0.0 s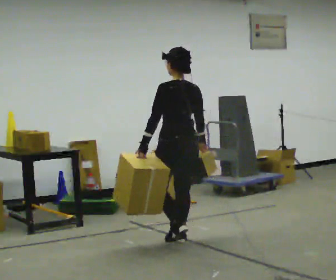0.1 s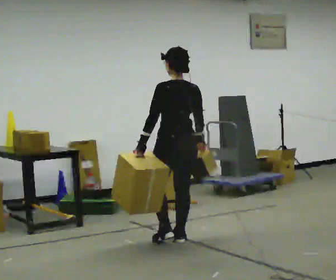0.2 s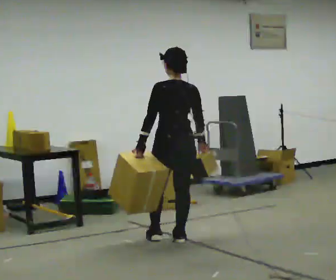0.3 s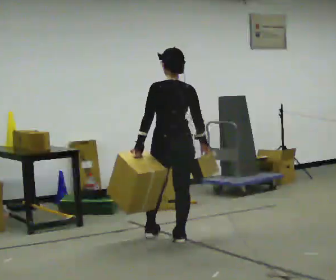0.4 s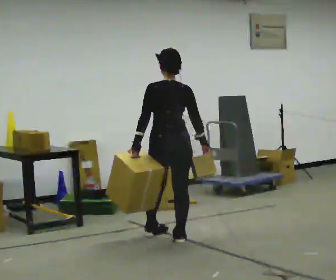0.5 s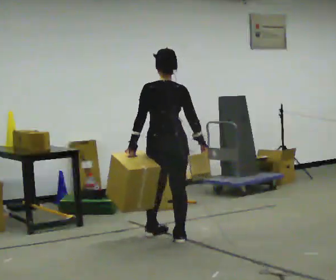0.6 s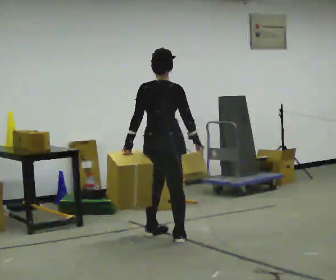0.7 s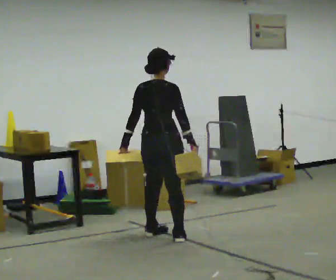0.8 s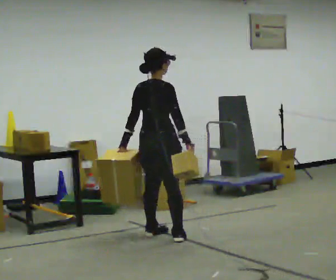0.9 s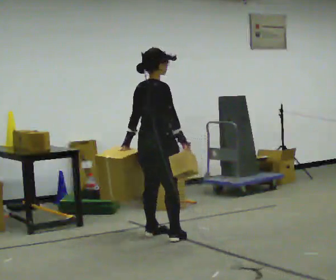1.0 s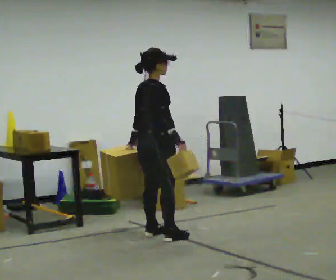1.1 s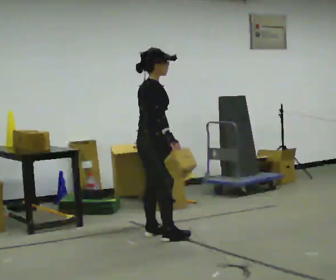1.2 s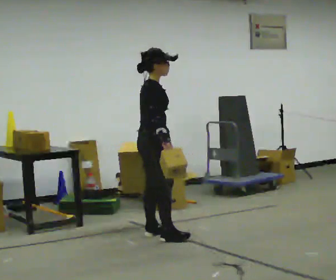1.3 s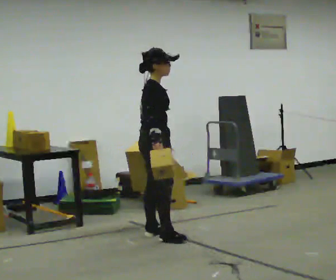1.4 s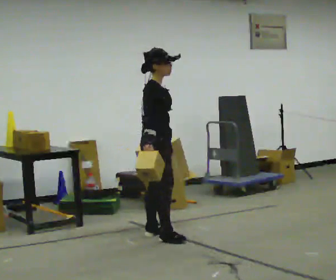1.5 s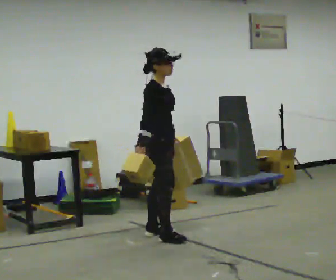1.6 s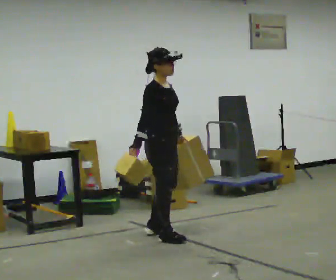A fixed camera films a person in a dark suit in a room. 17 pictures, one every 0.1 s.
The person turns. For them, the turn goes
to their right.
The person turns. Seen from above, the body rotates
clockwise.
0.0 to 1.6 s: Seen from above the body turns clockwise, about 135 degrees: to their right, with its near side sliding to the left. In the picture their left hand goes to the right, the arm swinging counterclockwise.
The film runs forward here.
